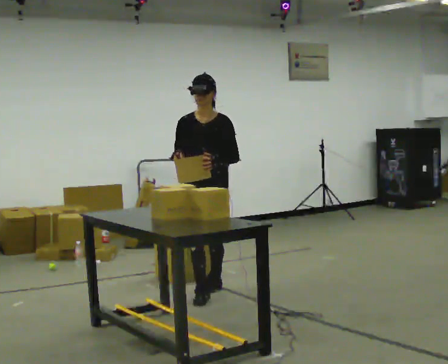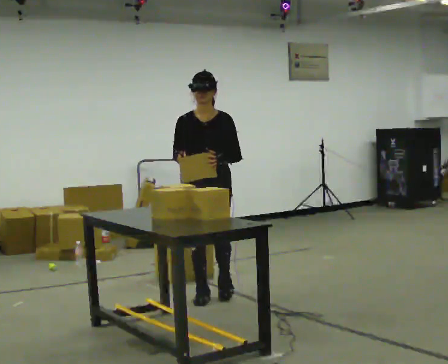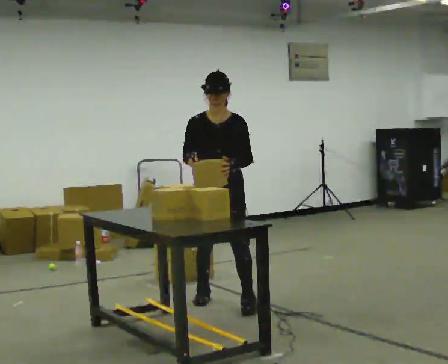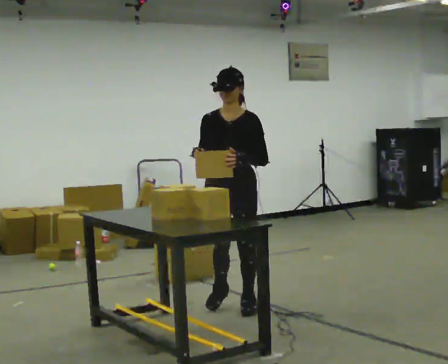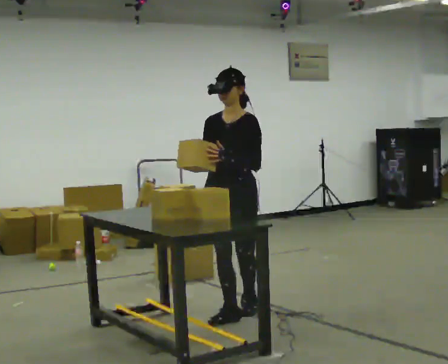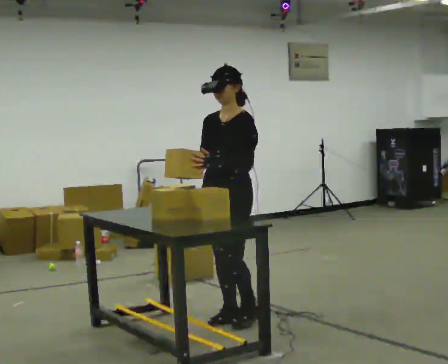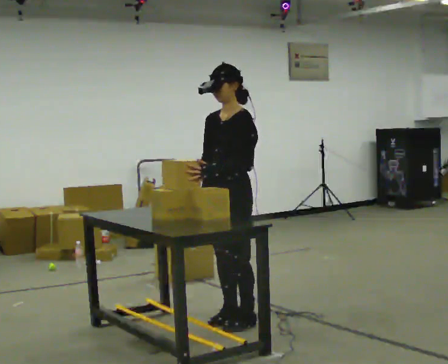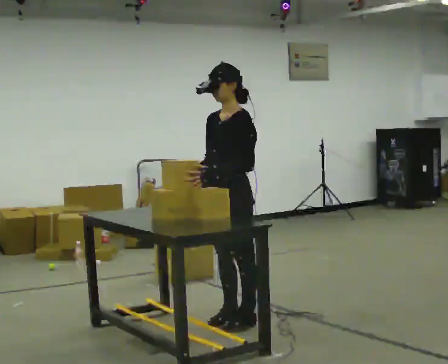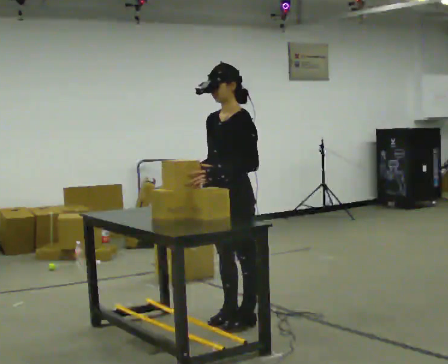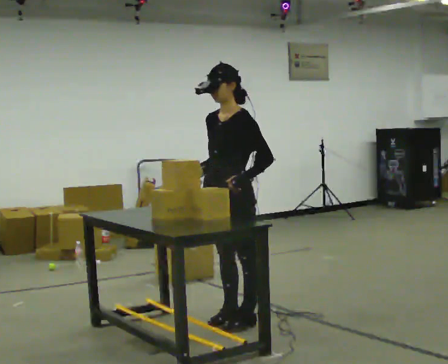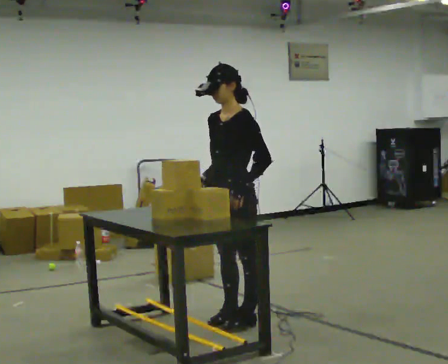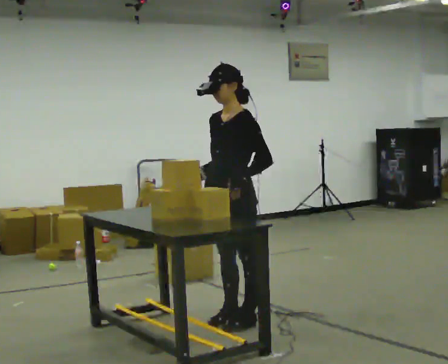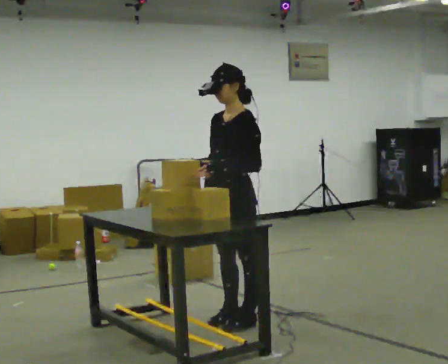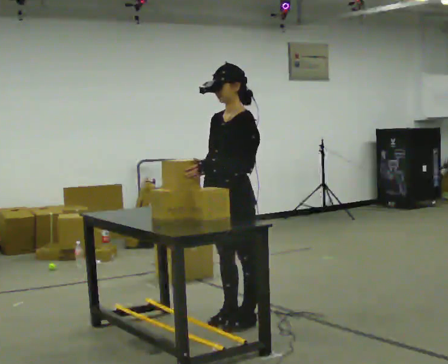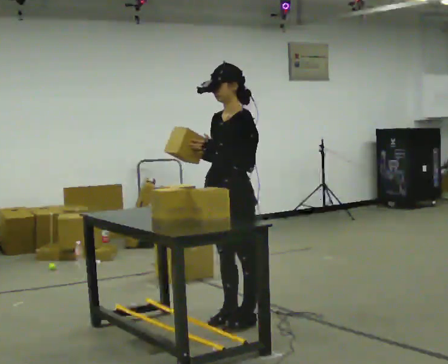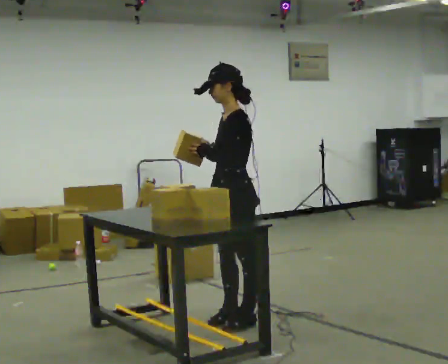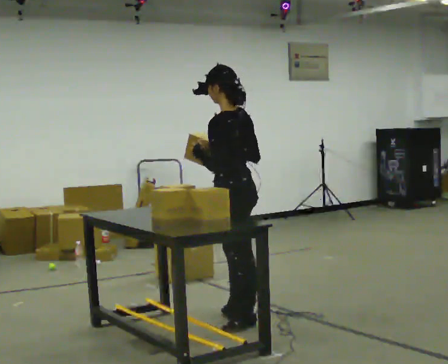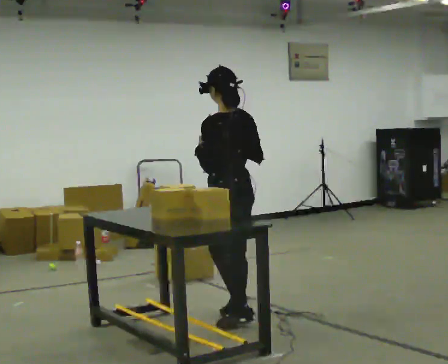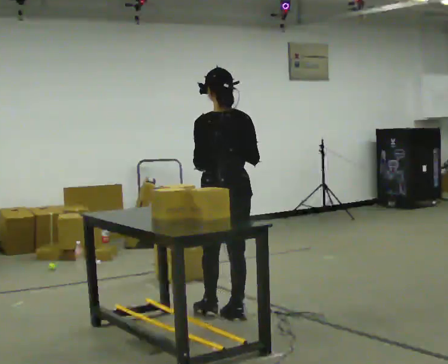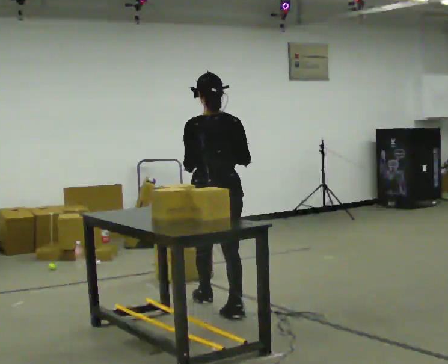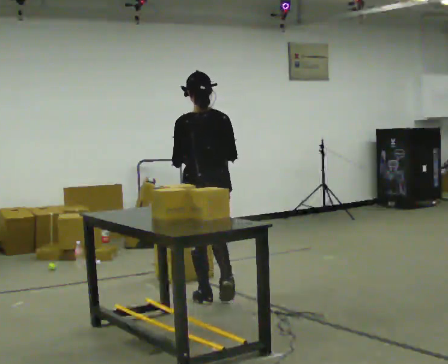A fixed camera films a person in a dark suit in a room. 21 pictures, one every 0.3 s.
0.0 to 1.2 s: In the picture they go toward the camera, about 0.5 m in 2 steps, which for them is forward.
1.2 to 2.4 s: In the picture they go toward the camera, about 0.25 m in 1 step, which for them is to their left and forward.
2.4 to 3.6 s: The person moves a little, or ends about where they began.
3.6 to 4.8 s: Seen from above the body turns clockwise, about 60 degrees: to their right, with its near side sliding to the left.
4.8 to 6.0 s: The part of the body nearest the lens slides to the left as the person turns to their right by about 45 degrees. In the picture they go away from the camera and to the left, about 0.5 m in 1 step, which for them is forward.
The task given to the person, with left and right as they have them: Take objects out of the bin one at a time and lay them out on the table, stepping between the bin and the table each time. Keep going until the operator says stop; one object at a time, and do not rush between trips.
The film runs forward here.
